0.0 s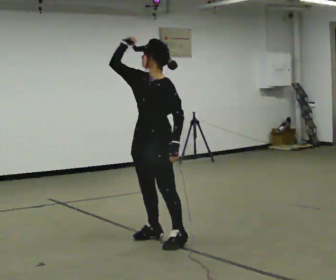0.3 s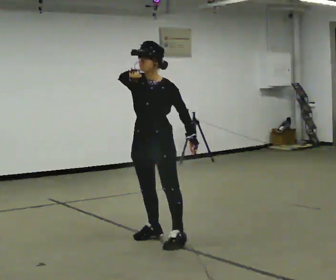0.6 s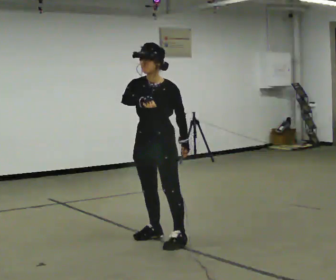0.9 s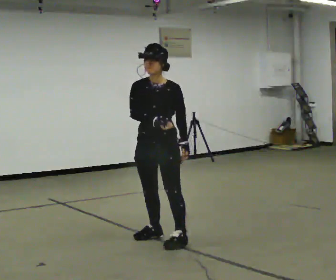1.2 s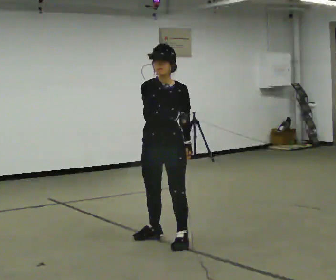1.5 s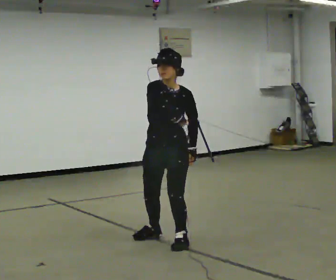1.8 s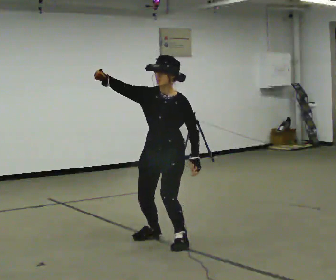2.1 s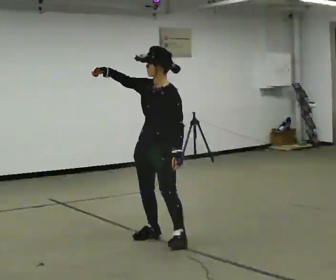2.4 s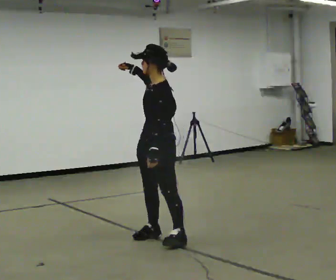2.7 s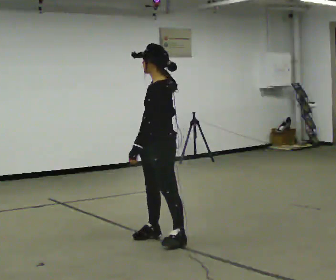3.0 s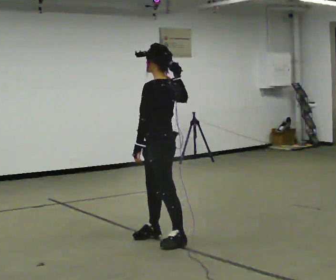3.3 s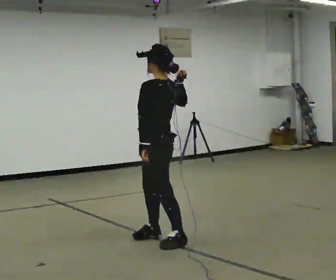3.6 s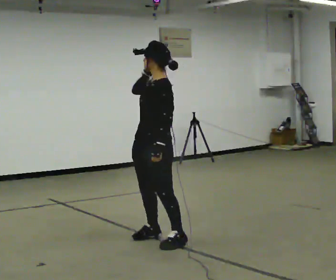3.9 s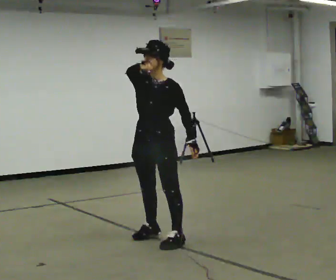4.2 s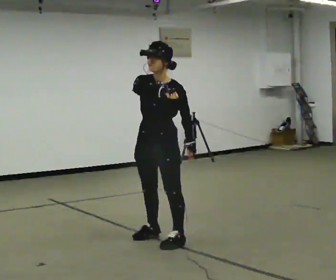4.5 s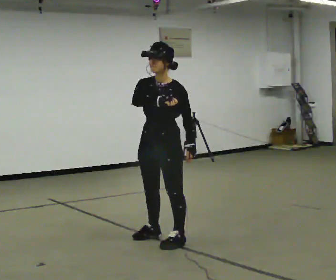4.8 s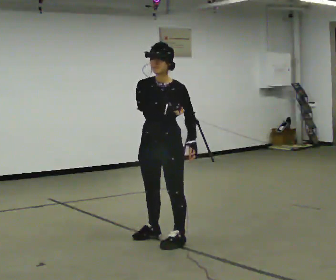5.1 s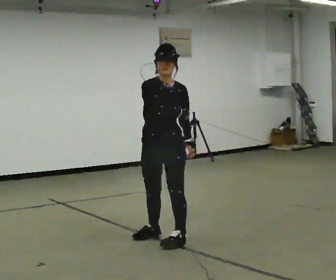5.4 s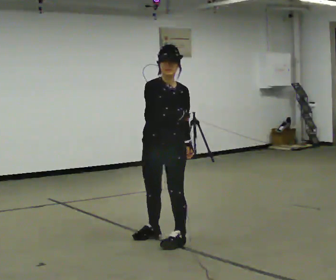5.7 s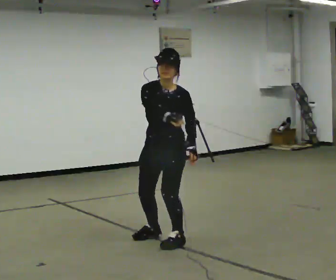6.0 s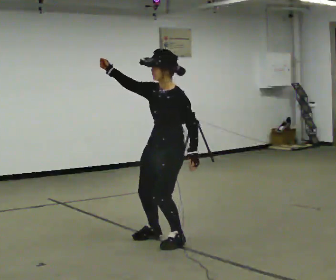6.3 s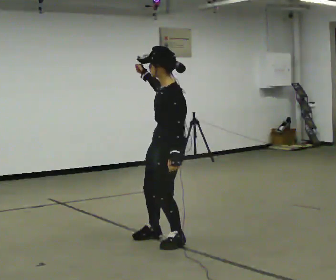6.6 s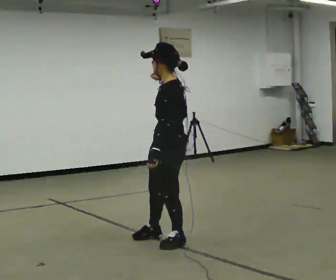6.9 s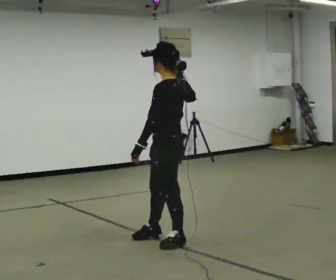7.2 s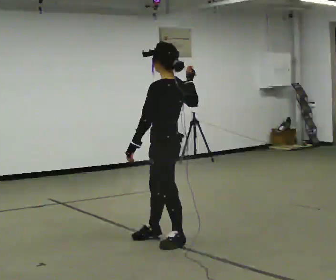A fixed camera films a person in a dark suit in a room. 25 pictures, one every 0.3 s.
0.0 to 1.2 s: The part of the body nearest the lens slides to the right as the person turns to their left by about 45 degrees. In the picture their right hand goes downward and to the right.
1.2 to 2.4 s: The person turns about 60 degrees to their right, clockwise seen from above, so the part of the body nearest the lens slides to the left. In the picture their right hand goes upward and to the left.
2.4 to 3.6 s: The person moves a little, or ends about where they began.
3.6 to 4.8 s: The part of the body nearest the lens slides to the right as the person turns to their left by about 30 degrees.
4.8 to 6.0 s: The person turns about 30 degrees to their right, clockwise seen from above, so the part of the body nearest the lens slides to the left. In the picture their right hand goes to the left and upward.
6.0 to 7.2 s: The person turns about 45 degrees to their right, clockwise seen from above, so the part of the body nearest the lens slides to the left. In the picture their right hand goes to the right.
The film runs forward here.
